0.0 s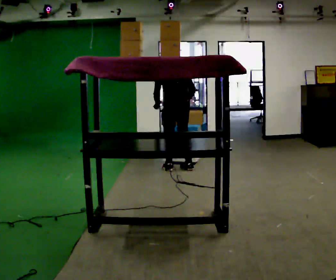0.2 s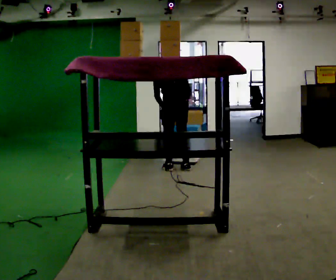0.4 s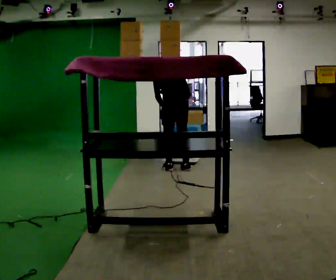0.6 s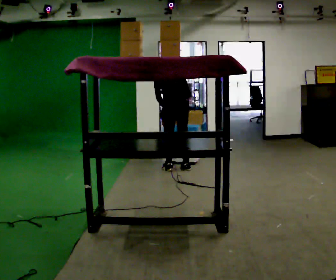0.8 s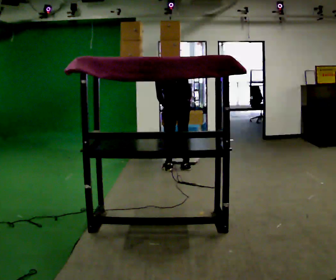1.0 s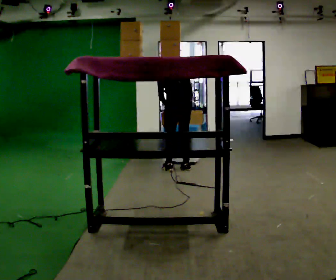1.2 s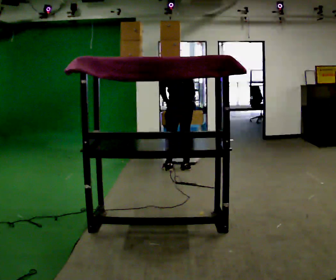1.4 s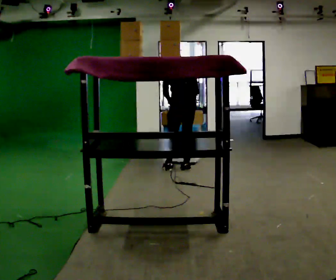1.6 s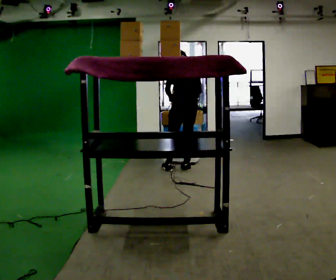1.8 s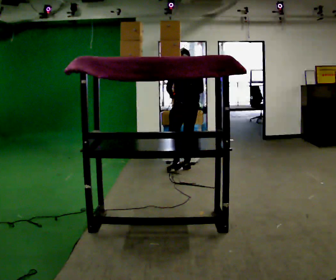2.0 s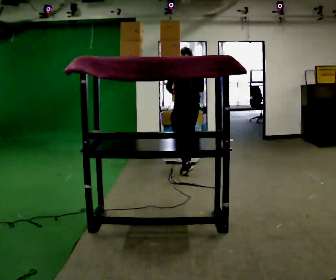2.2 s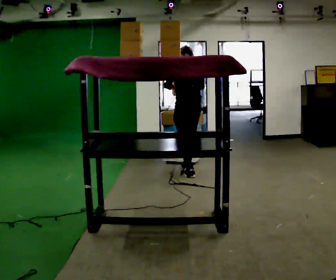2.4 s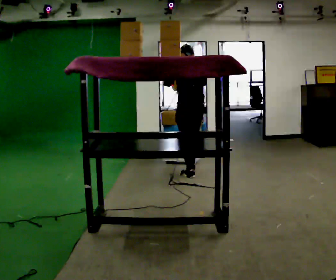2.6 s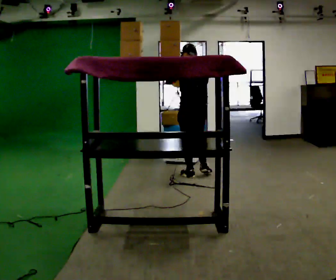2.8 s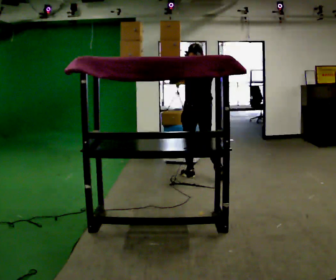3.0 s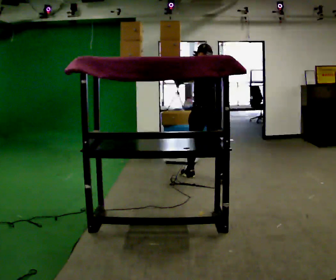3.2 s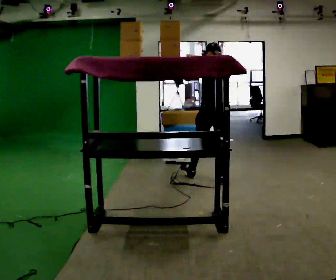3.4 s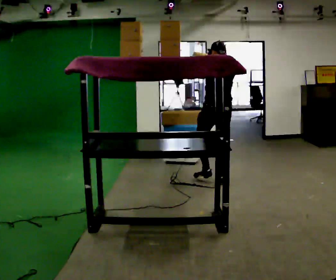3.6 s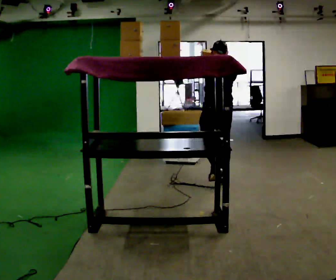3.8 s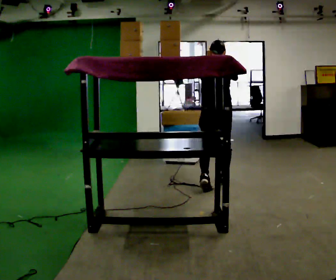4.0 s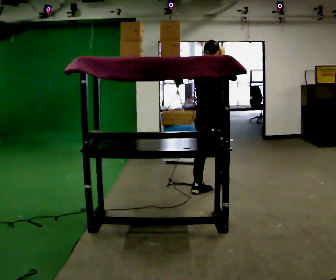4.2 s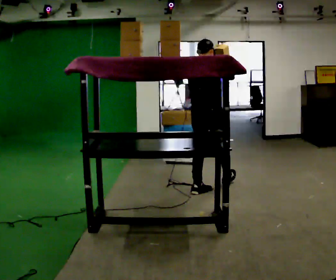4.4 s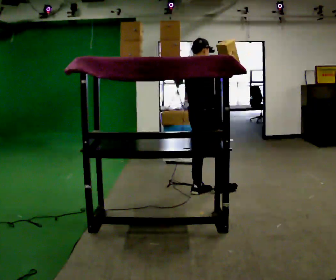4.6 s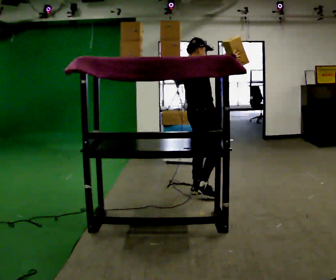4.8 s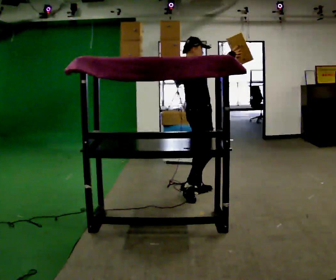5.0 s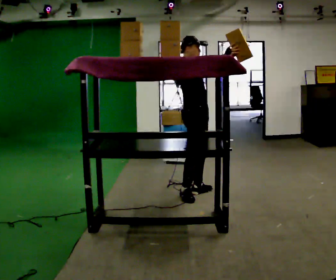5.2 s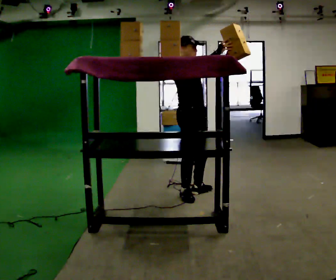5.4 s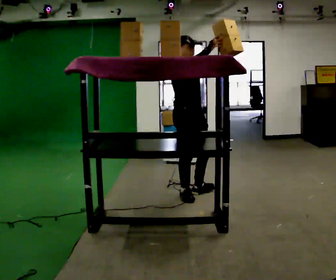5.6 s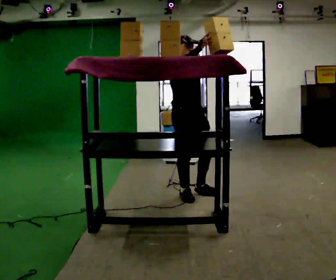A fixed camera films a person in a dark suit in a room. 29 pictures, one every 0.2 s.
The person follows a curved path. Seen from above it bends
clockwise.
The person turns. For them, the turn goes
to their right.
0.0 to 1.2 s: The person moves a little, or ends about where they began.
1.2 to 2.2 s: In the picture they go toward the camera, about 0.25 m in 1 step, which for them is backward. The upper body tips toward the camera, its near side rolling downward, as they lean back or straighten.
2.2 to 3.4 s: In the picture they go toward the camera and to the right, about 0.5 m in 2 steps, which for them is backward.
3.4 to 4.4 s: The person turns about 60 degrees to their right, clockwise seen from above, so the part of the body nearest the lens slides to the left. In the picture they go toward the camera and to the left, about 0.5 m in 1 step.
4.4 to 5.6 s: Seen from above the body turns clockwise, about 90 degrees: to their right, with its near side sliding to the left. In the picture they go toward the camera and to the left, about 0.25 m.
The film runs backward here.
